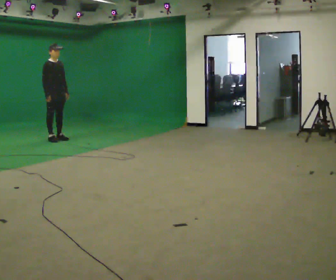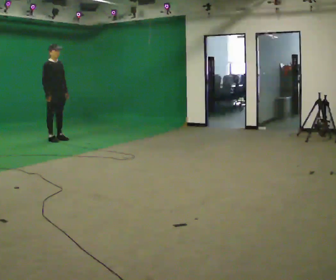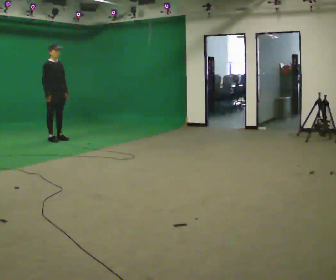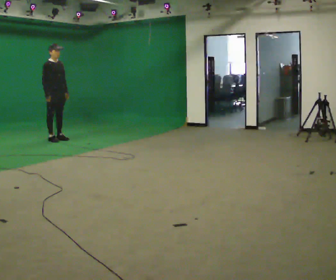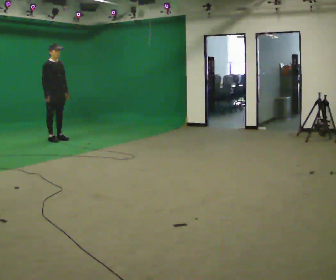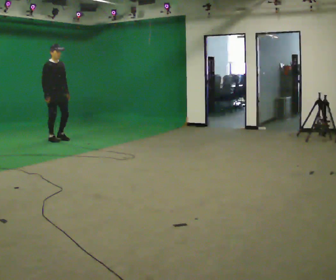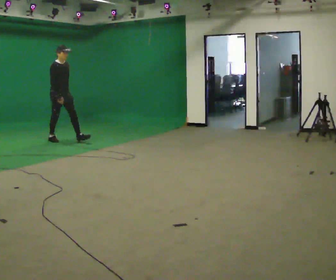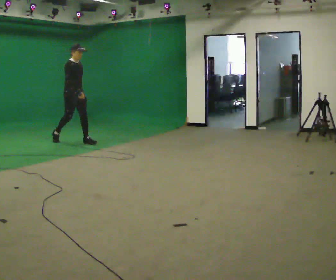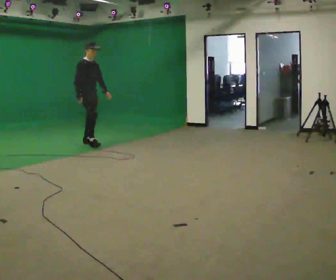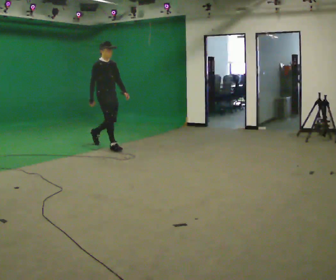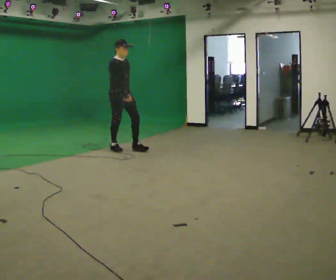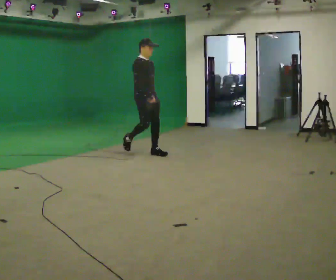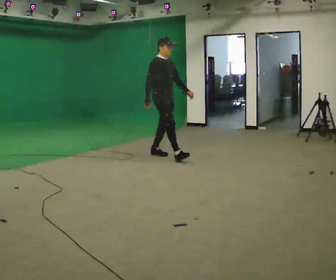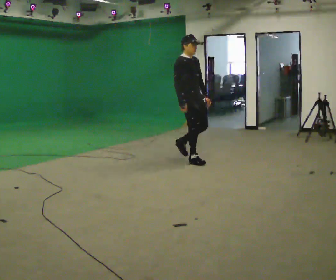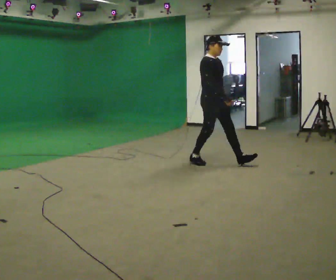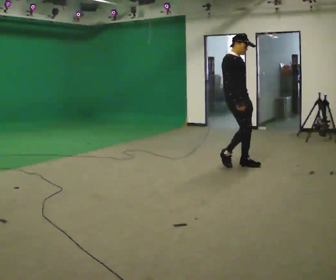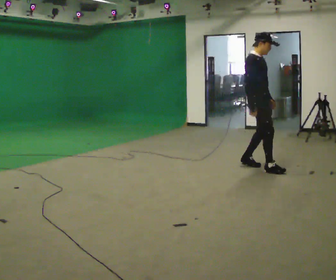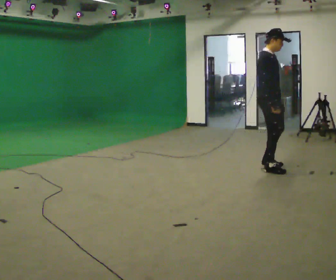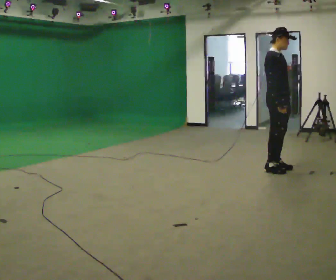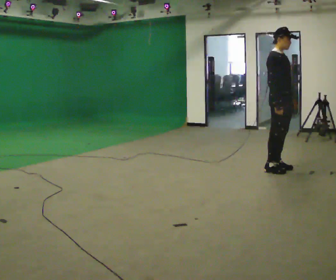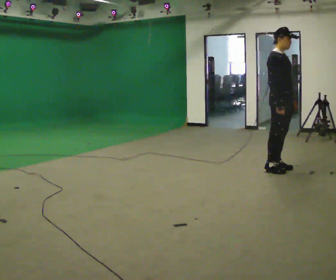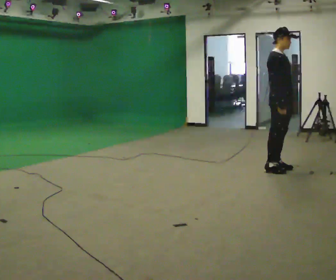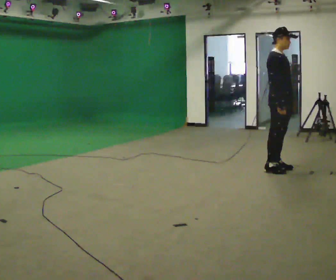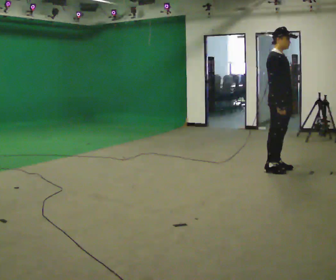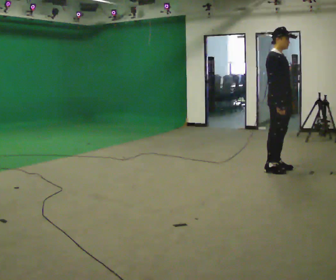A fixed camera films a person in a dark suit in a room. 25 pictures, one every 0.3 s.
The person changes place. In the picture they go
to the right.
0.0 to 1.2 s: The person moves a little, or ends about where they began.
1.2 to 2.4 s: In the picture they go to the right and toward the camera, about 1 m in 1 step, which for them is forward.
2.4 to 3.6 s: In the picture they go to the right and toward the camera, about 1.5 m in 2 steps, which for them is forward.
3.6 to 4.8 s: In the picture they go to the right and toward the camera, about 1.5 m in 3 steps, which for them is forward.
4.8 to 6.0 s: In the picture they go to the right, about 0.25 m in 1 step, which for them is forward.
6.0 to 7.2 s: The person moves a little, or ends about where they began.
The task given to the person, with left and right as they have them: Stand still 2 s; begin walking naturally; walk forward; stop.
The film runs forward here.
